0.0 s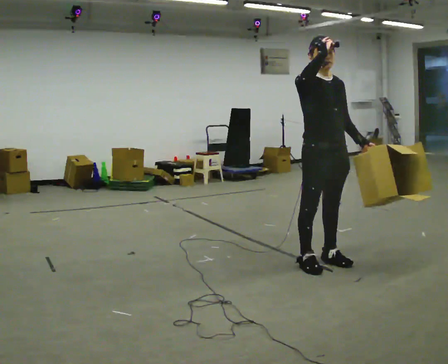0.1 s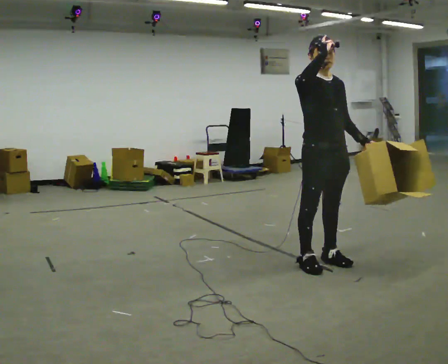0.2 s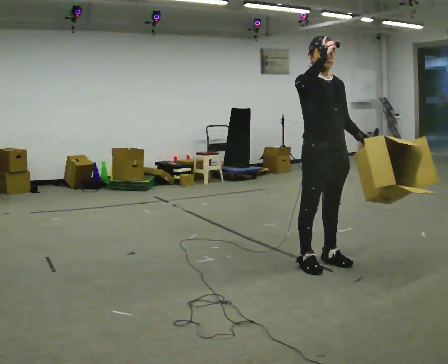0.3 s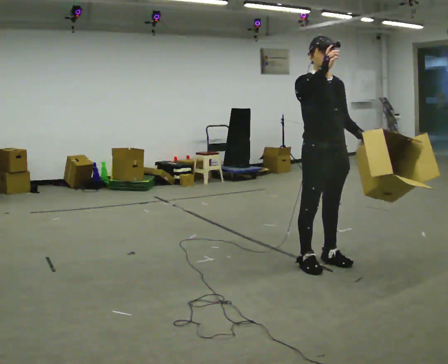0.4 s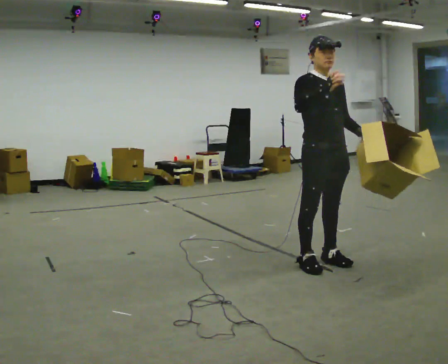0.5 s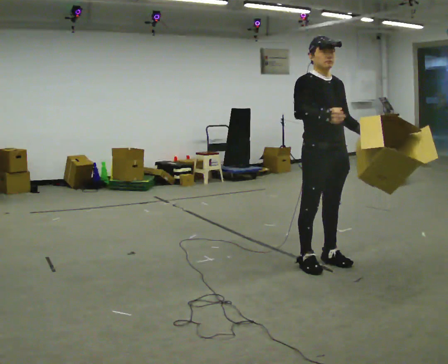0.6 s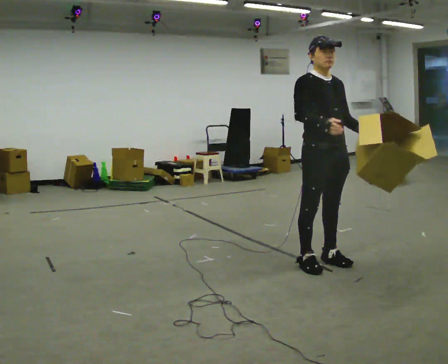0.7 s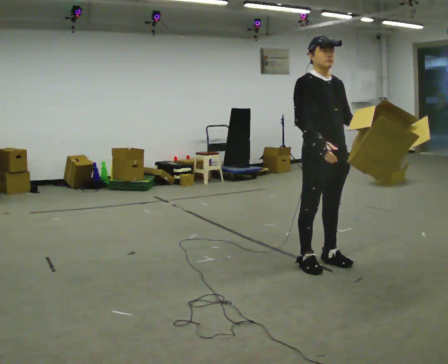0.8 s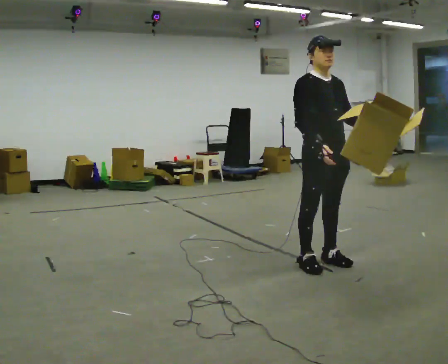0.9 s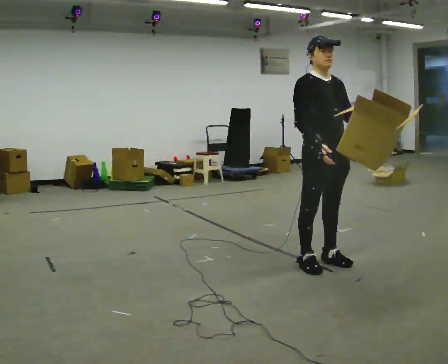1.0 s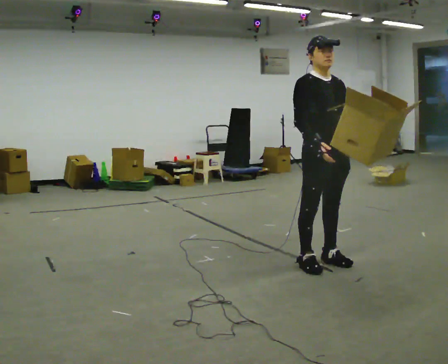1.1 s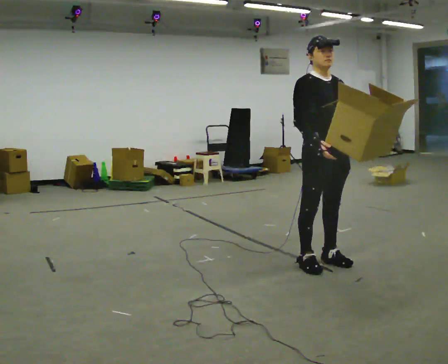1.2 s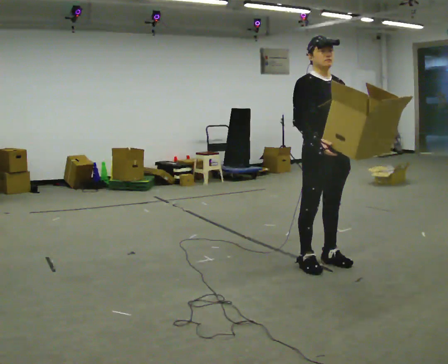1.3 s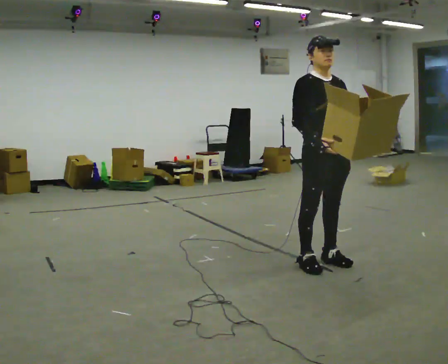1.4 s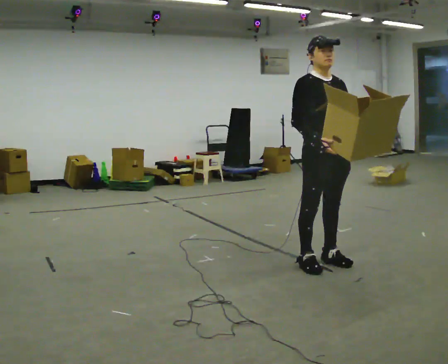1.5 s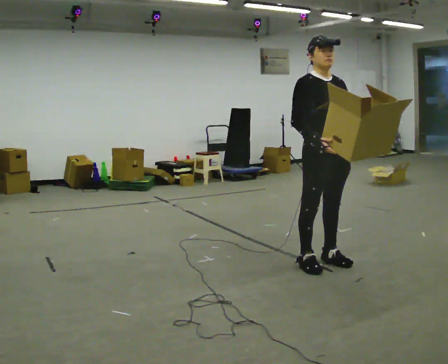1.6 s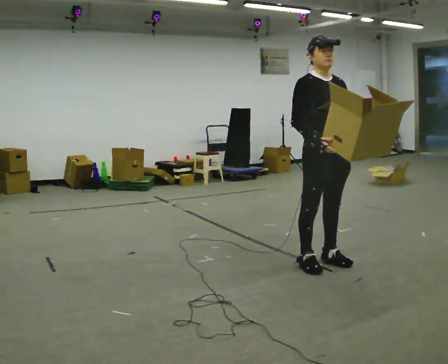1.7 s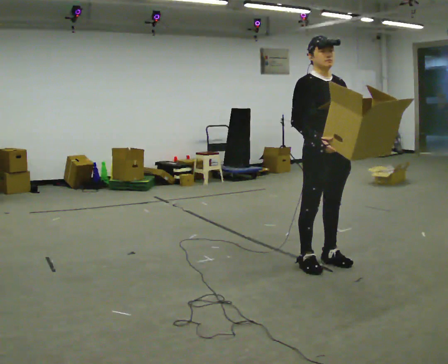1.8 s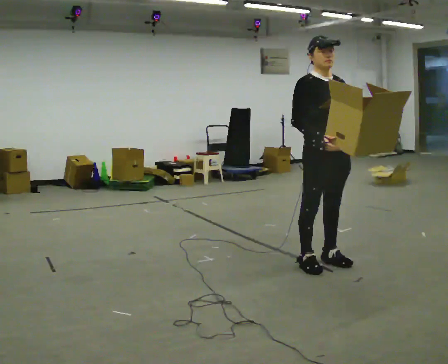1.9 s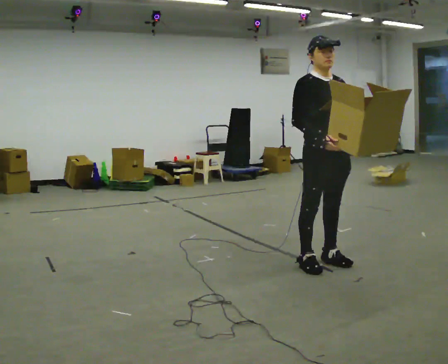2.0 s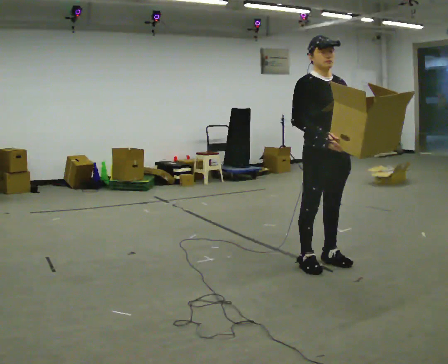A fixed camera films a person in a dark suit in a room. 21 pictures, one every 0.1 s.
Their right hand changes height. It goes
downward.
0.0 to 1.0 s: In the picture their right hand goes downward.
1.0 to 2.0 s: The person moves a little, or ends about where they began.
The film runs forward here.
